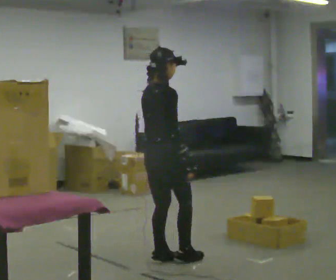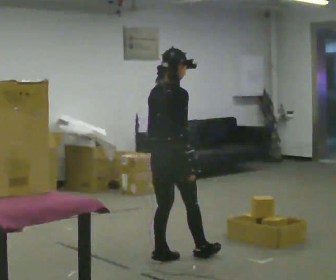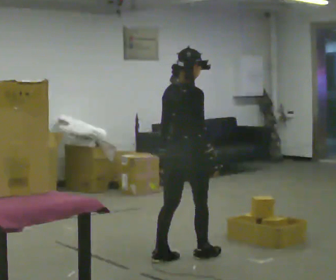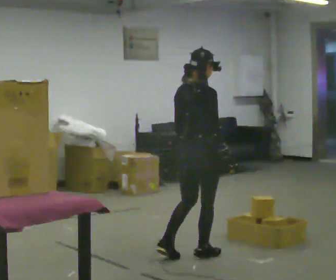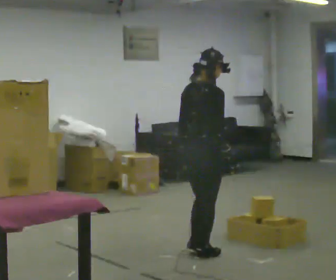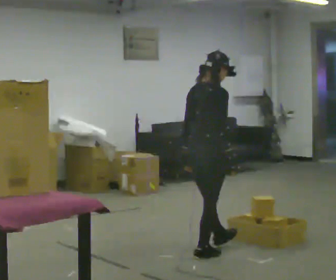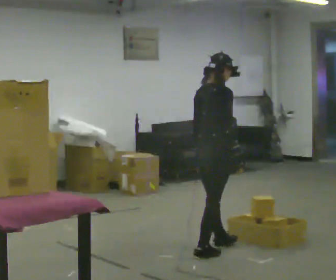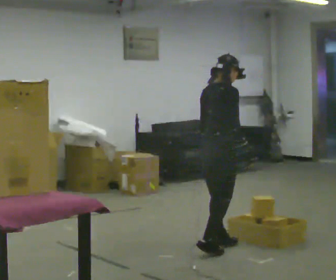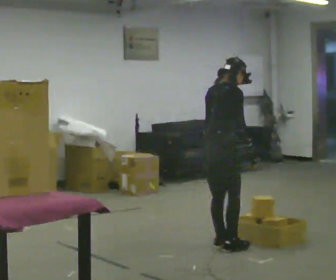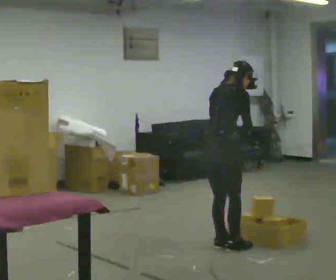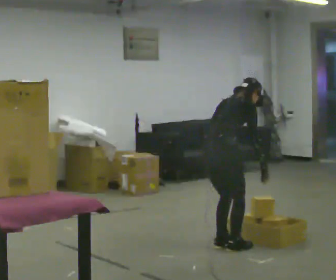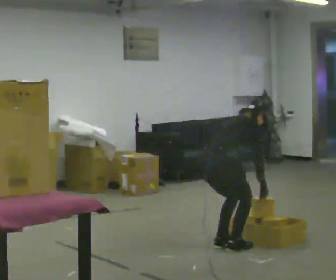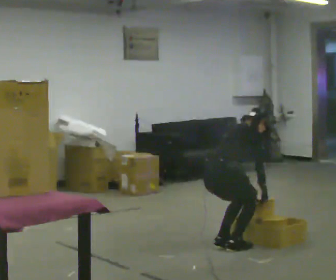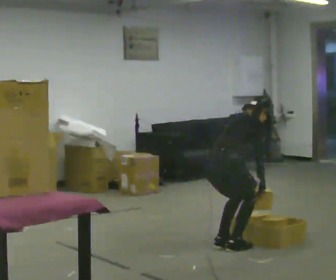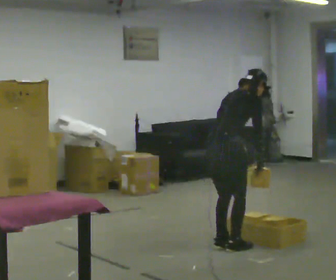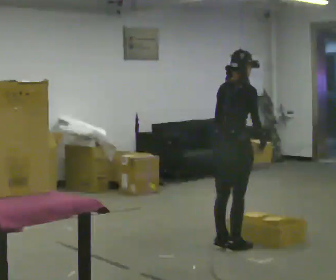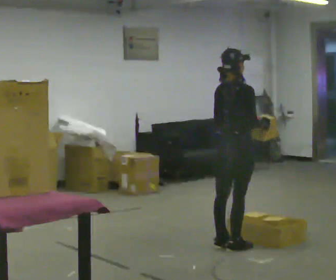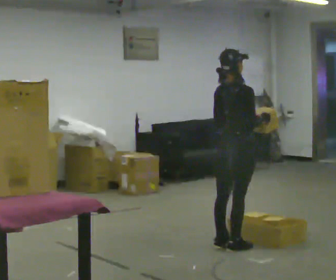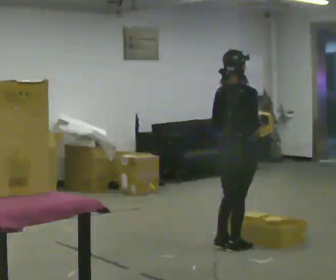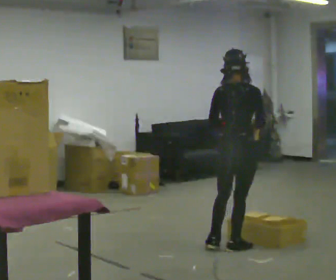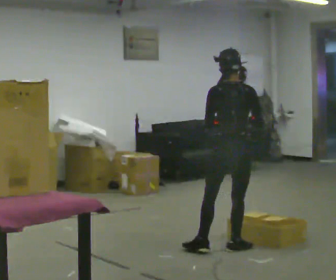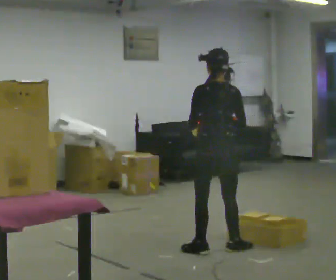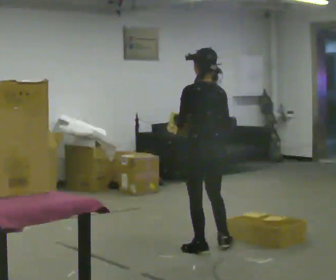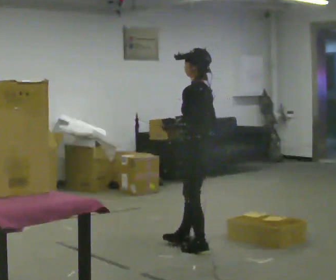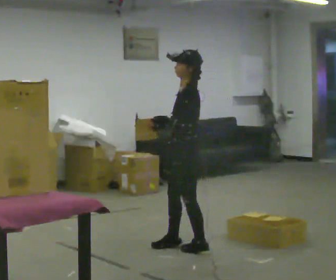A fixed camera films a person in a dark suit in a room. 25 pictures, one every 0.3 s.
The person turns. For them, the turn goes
to their left.
The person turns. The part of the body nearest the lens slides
to the right.
0.0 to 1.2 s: In the picture they go to the right, about 0.25 m in 1 step, which for them is forward.
1.2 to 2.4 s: In the picture they go away from the camera, about 0.25 m in 1 step, which for them is forward and to their left.
2.4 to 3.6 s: The upper body goes downward. In the picture the upper body tilts clockwise, shoulders to the right, as they bend forward. In the picture their right hand goes downward.
3.6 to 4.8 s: The upper body goes upward. The upper body tips toward the camera, its near side rolling downward, as they lean back or straighten. In the picture their left hand goes upward.
4.8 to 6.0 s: The part of the body nearest the lens slides to the right as the person turns to their left by about 45 degrees.
6.0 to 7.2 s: The person turns about 105 degrees to their left, counterclockwise seen from above, so the part of the body nearest the lens slides to the right. In the picture they go to the left, about 0.25 m in 1 step.
The film runs forward here.
